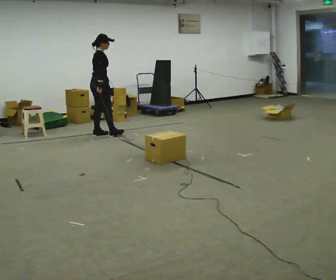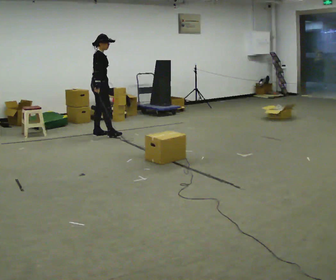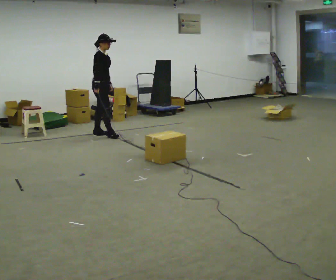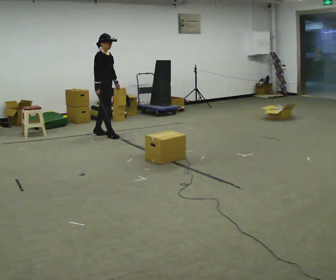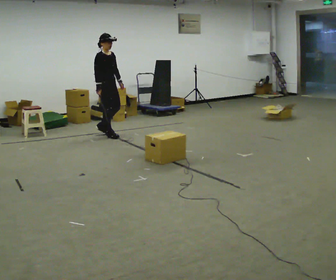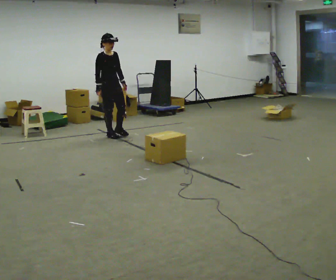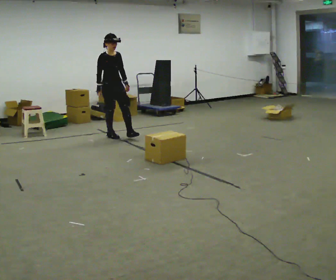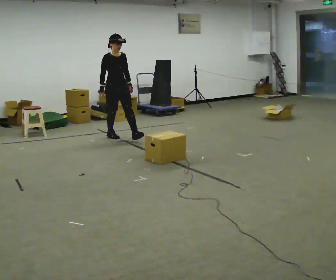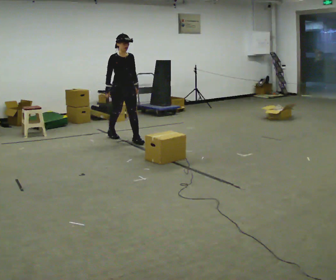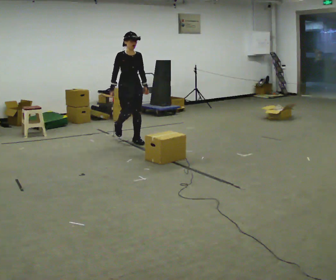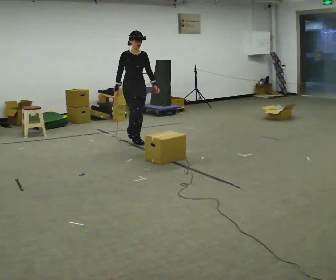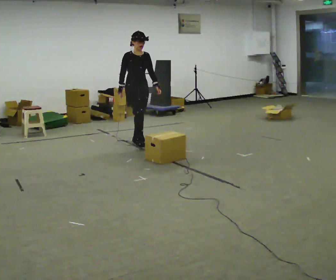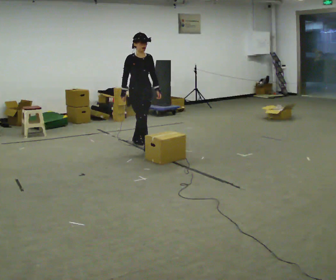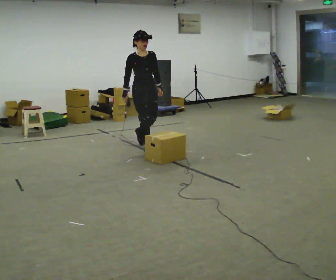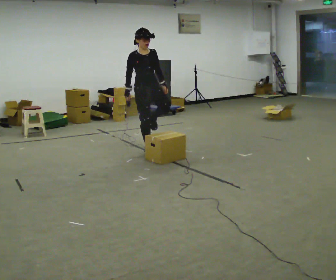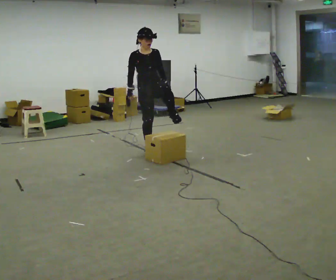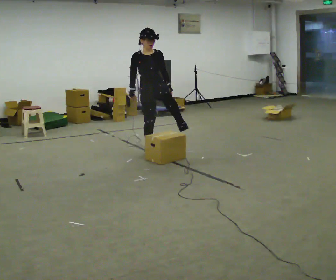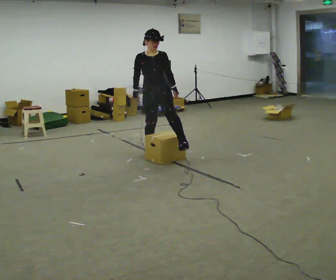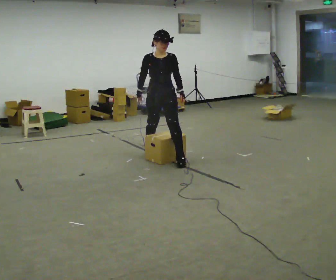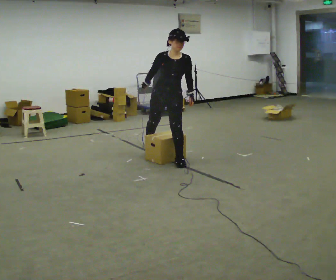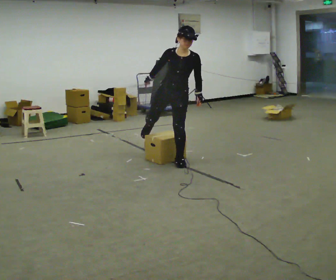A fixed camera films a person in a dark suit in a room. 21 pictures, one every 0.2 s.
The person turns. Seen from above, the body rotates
clockwise.
Their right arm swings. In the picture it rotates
clockwise.
0.0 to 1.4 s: Seen from above the body turns clockwise, about 75 degrees: to their right, with its near side sliding to the left. In the picture they go to the right and toward the camera, about 0.5 m in 1 step.
1.4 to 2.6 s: In the picture they go toward the camera and to the right, about 1 m in 1 step, which for them is forward.
2.6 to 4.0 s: The part of the body nearest the lens slides to the left as the person turns to their right by about 45 degrees. In the picture they go toward the camera and to the right, about 0.75 m in 1 step, which for them is forward and to their left.
The film runs forward here.
